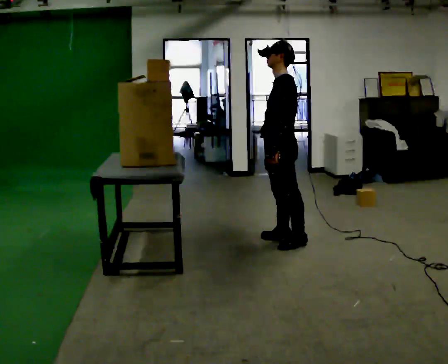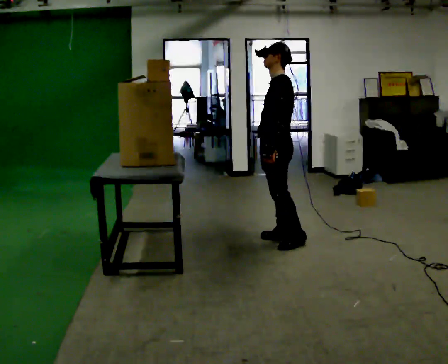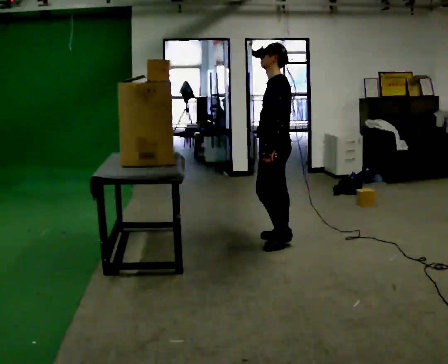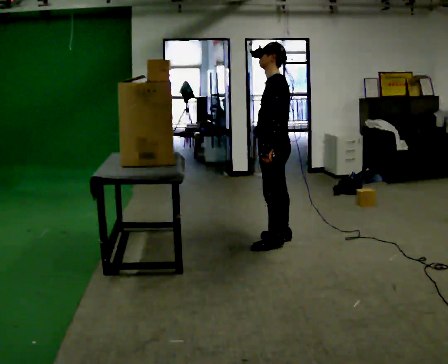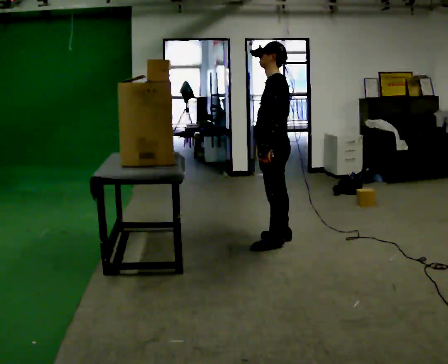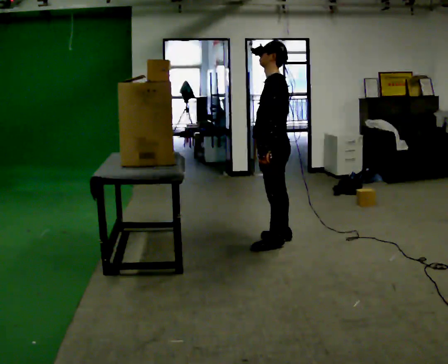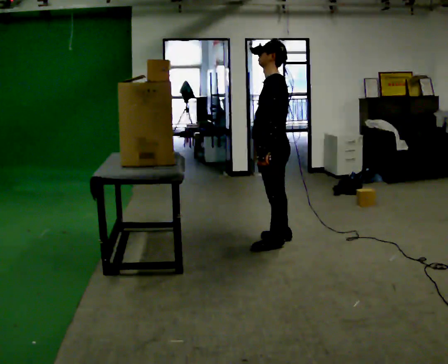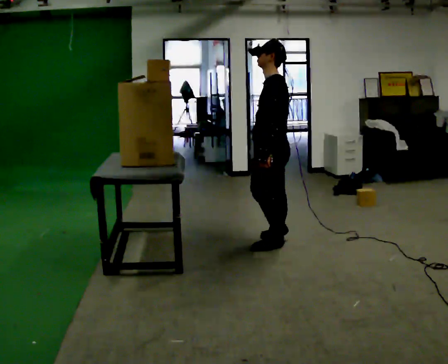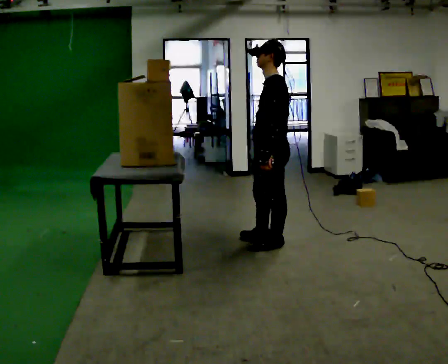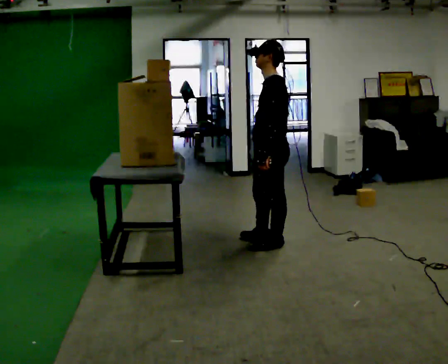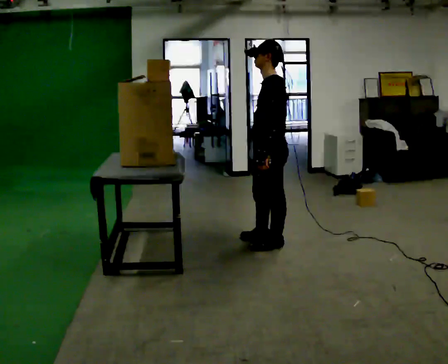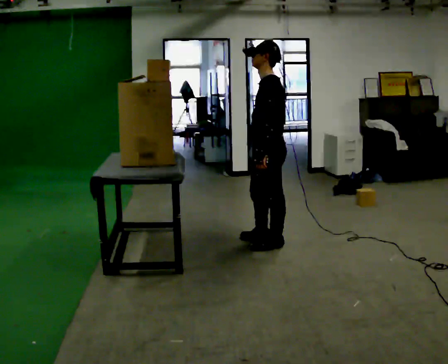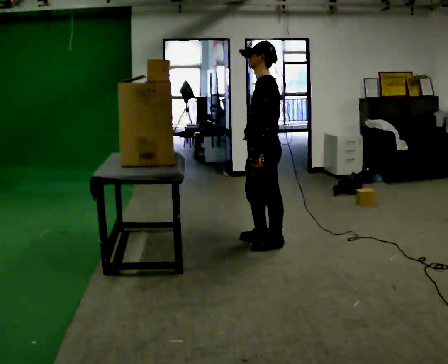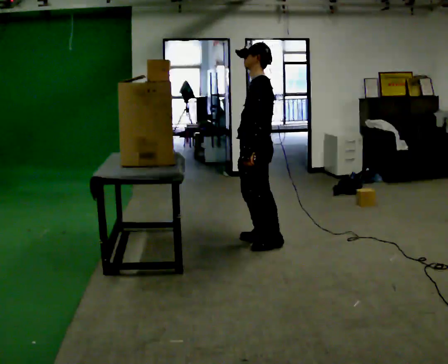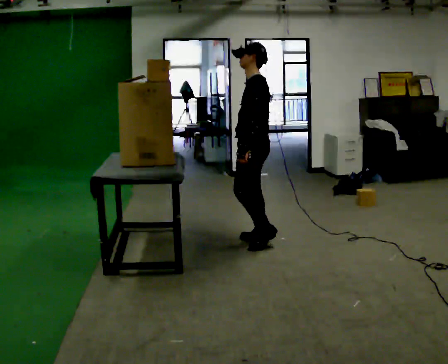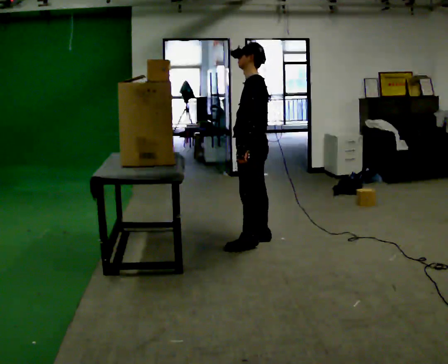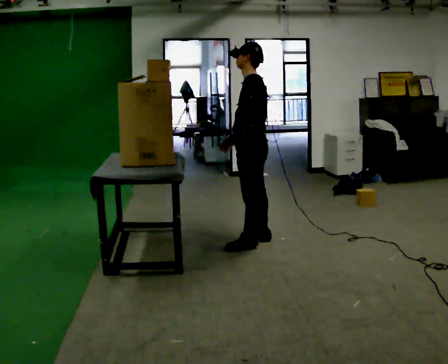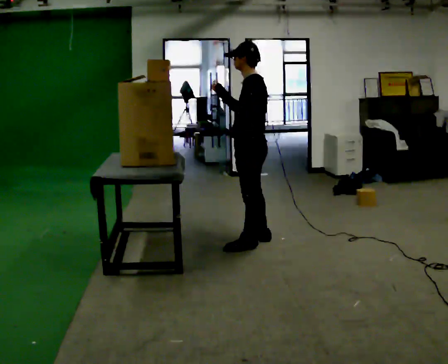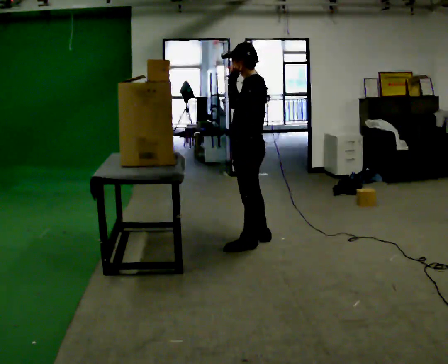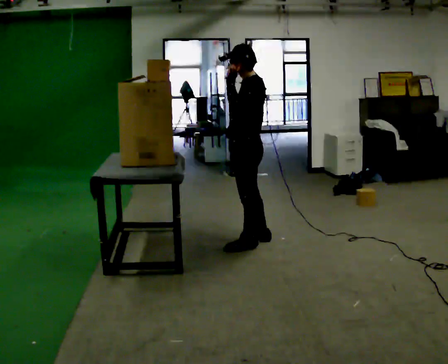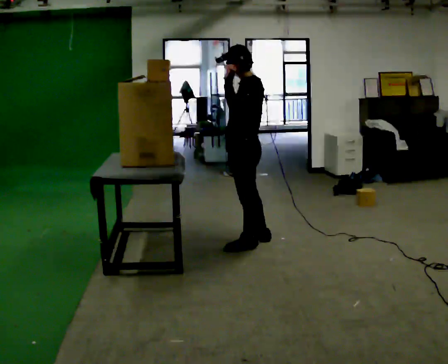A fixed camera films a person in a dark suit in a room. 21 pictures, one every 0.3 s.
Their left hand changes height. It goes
upward.
0.0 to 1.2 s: The person moves a little, or ends about where they began.
1.2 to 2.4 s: In the picture they go toward the camera, about 0.25 m in 1 step, which for them is to their left.
2.4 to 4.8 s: In the picture they go away from the camera and to the left, about 0.25 m in 1 step, which for them is to their right and forward.
4.8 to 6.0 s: In the picture their left hand goes upward.
The film runs forward here.
